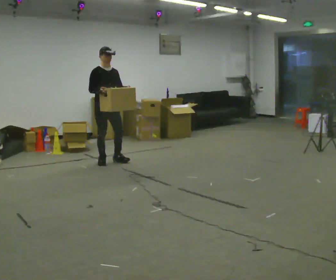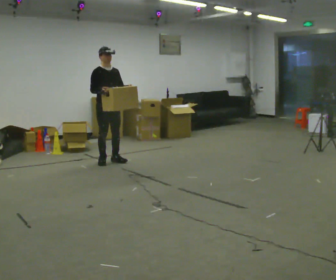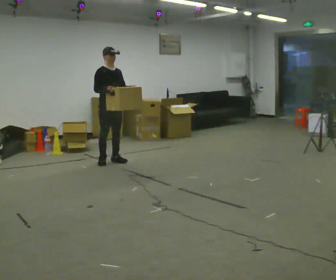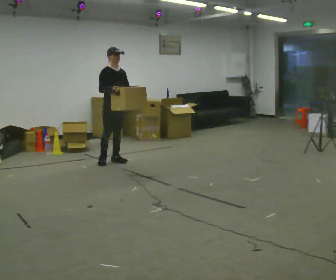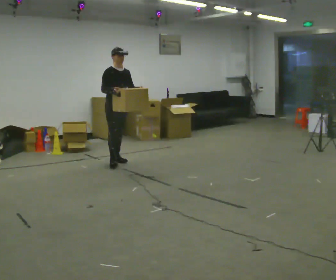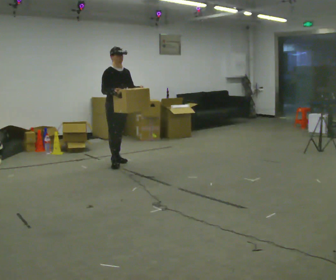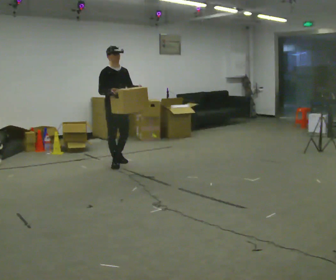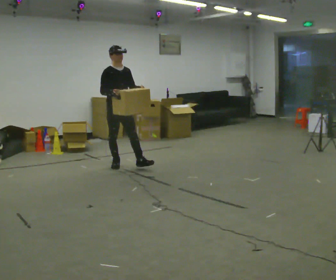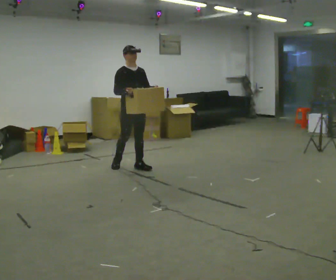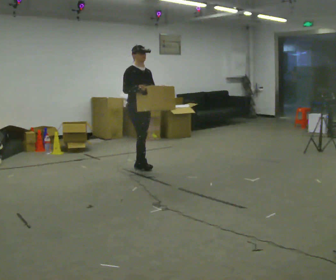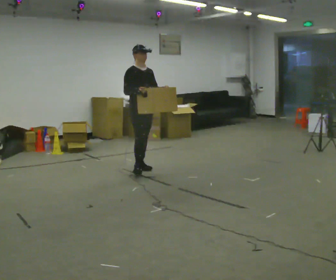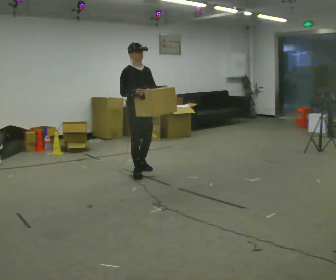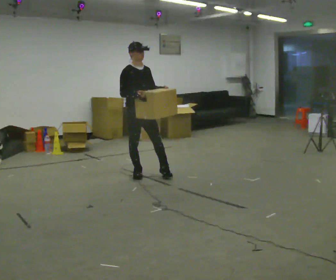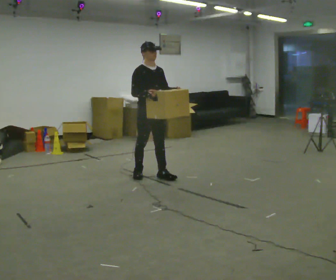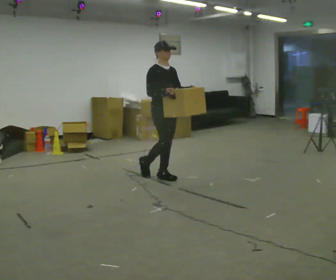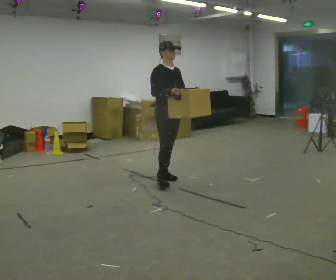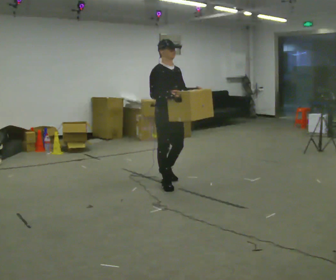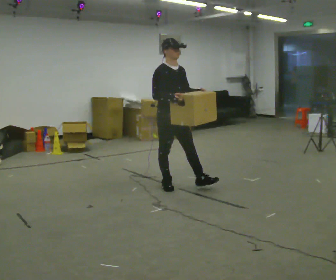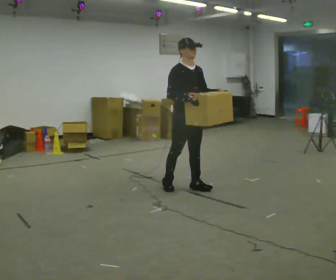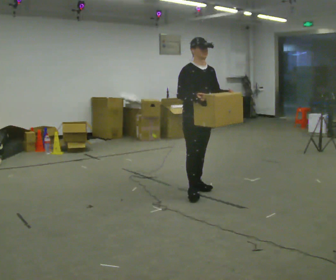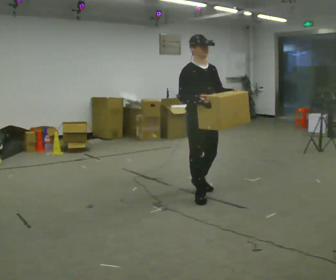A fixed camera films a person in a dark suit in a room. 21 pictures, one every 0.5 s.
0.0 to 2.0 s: In the picture they go to the right, about 0.25 m, which for them is to their left.
2.0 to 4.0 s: In the picture they go toward the camera and to the right, about 0.5 m in 2 steps, which for them is forward.
4.0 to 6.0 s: In the picture they go toward the camera, about 0.5 m in 1 step, which for them is forward and to their right.
6.0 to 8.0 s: In the picture they go toward the camera and to the right, about 0.5 m in 2 steps, which for them is forward.
8.0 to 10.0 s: In the picture they go toward the camera and to the right, about 0.5 m in 2 steps, which for them is forward.
The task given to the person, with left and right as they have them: Carry the box in both hands and walk back and forth across the room. The contents may move around. Carry on as best you can.
The film runs forward here.
